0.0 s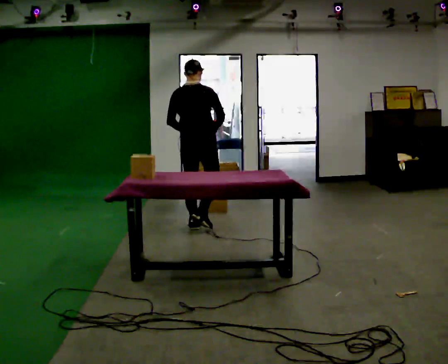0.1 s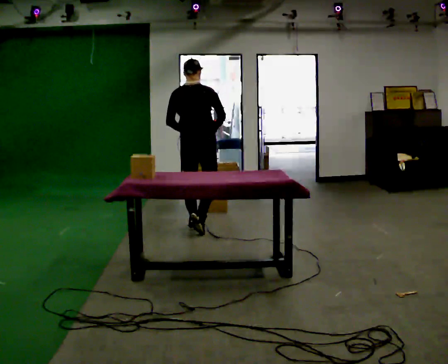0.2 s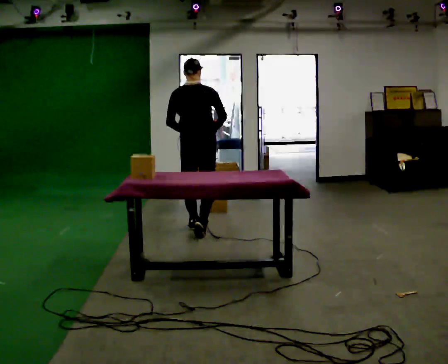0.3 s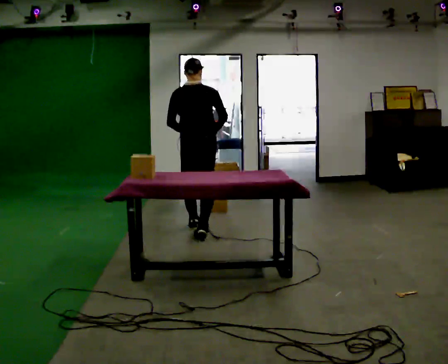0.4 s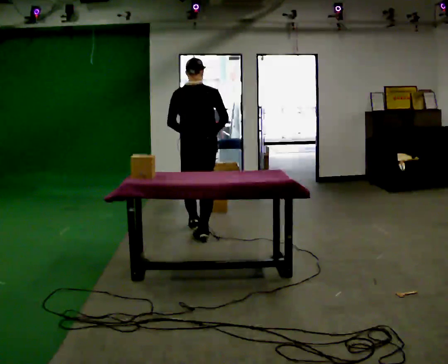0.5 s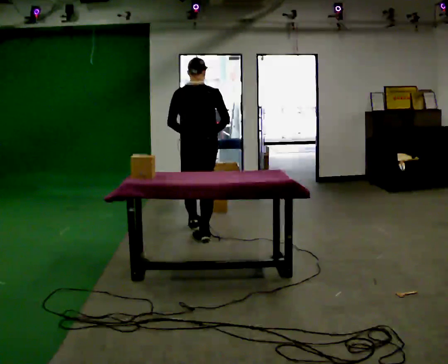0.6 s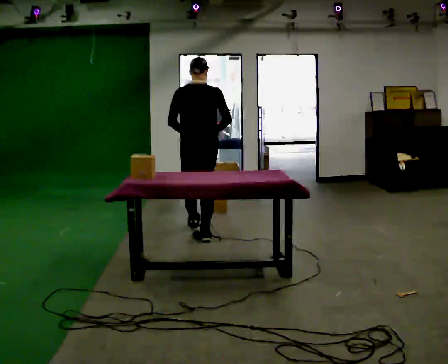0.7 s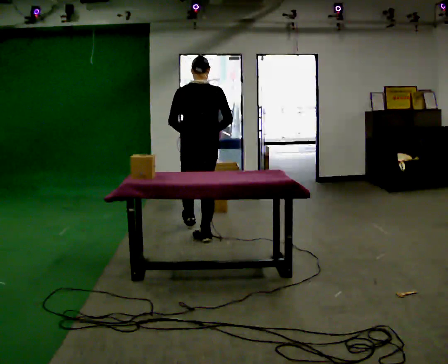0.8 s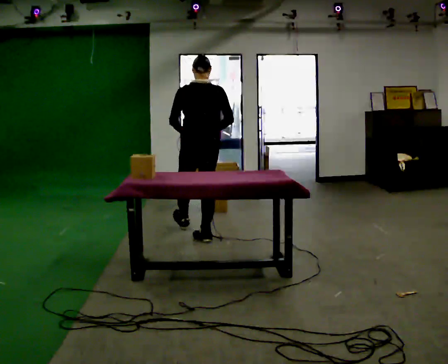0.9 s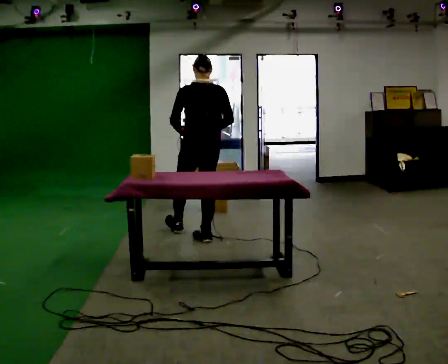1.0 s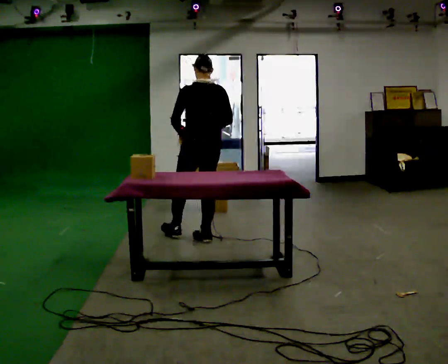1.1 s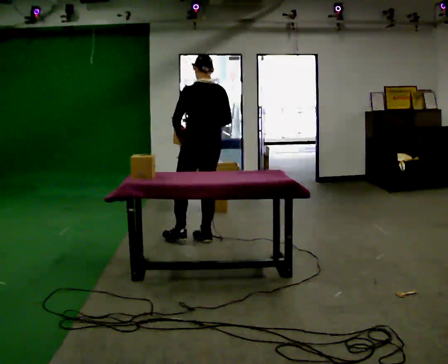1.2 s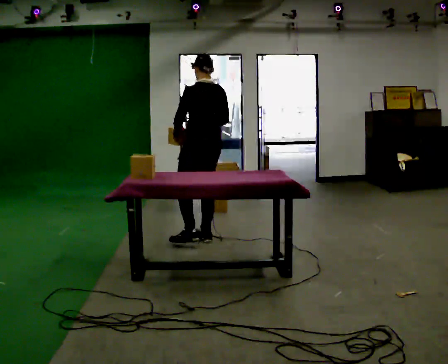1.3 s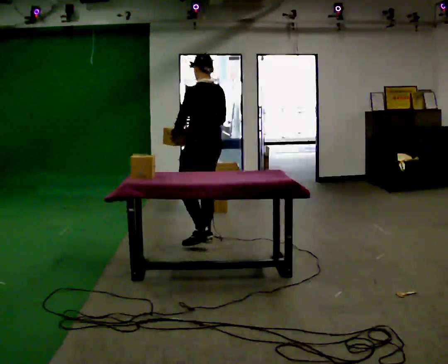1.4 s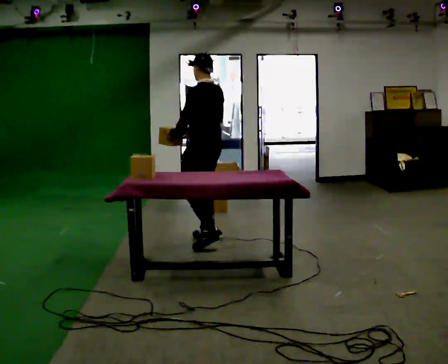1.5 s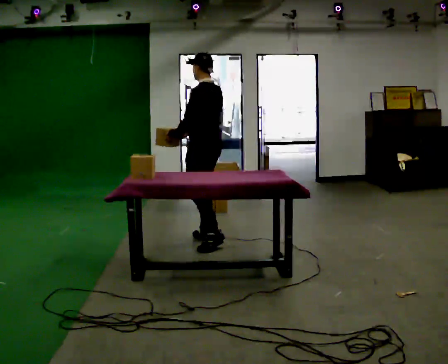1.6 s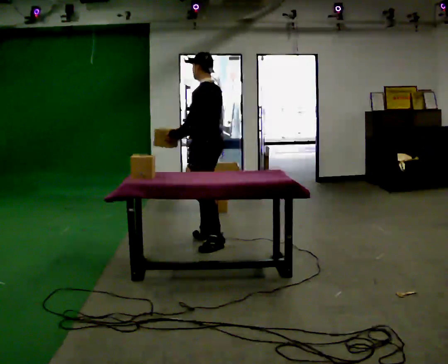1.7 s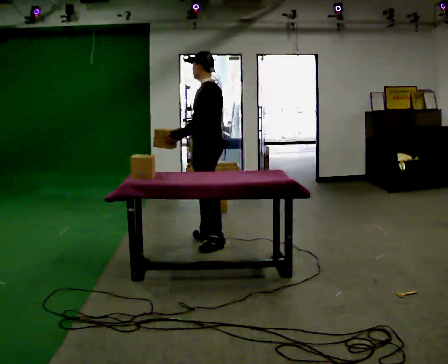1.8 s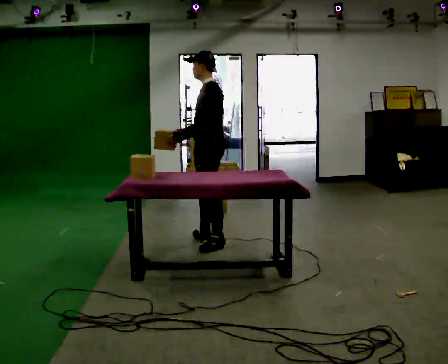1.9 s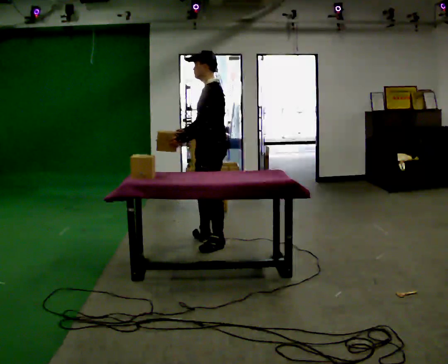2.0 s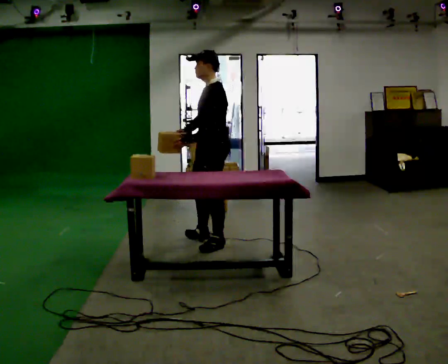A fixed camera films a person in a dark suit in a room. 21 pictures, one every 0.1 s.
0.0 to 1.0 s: The person turns about 45 degrees to their left, counterclockwise seen from above, so the part of the body nearest the lens slides to the right. In the picture they go toward the camera, about 0.5 m in 1 step, which for them is backward and to their right.
1.0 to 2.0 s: The person turns about 75 degrees to their left, counterclockwise seen from above, so the part of the body nearest the lens slides to the right. In the picture they go toward the camera, about 0.25 m.
The film runs backward here.
